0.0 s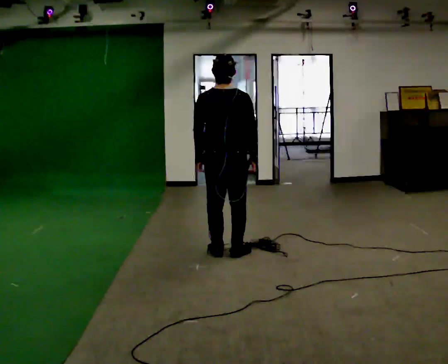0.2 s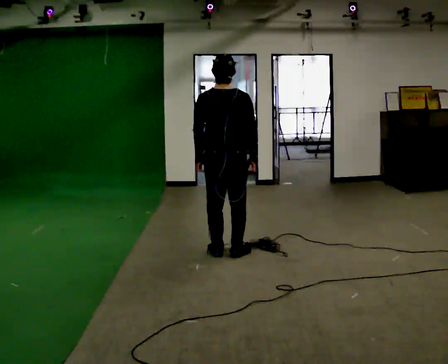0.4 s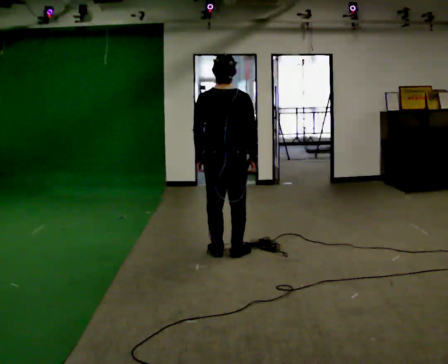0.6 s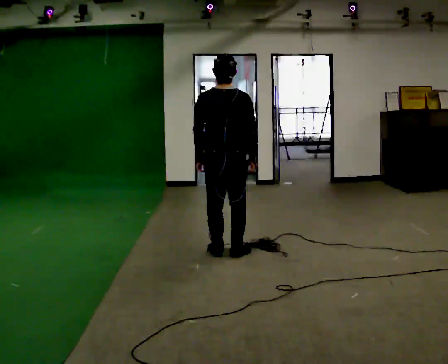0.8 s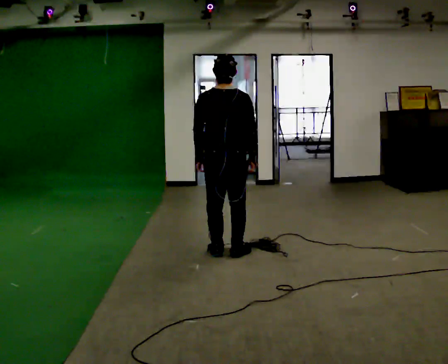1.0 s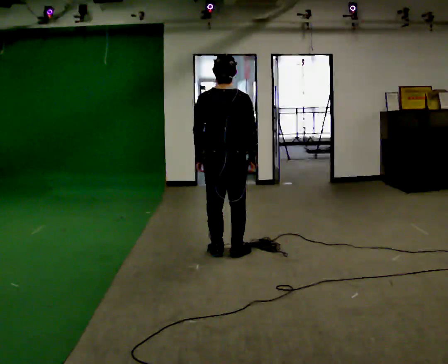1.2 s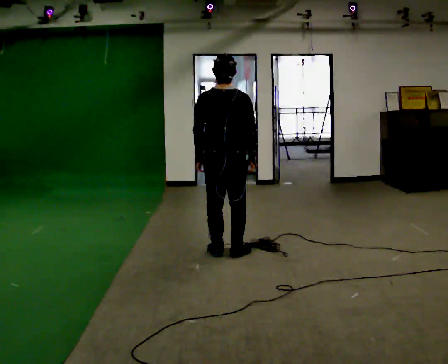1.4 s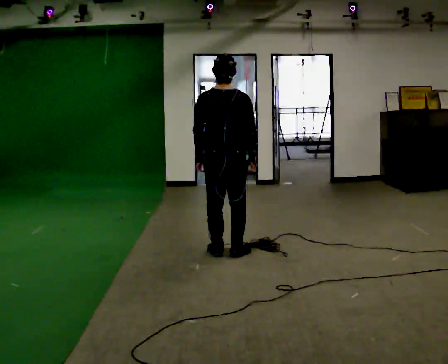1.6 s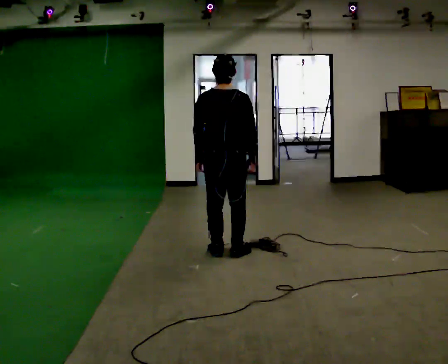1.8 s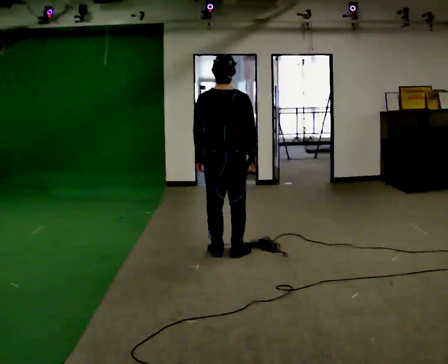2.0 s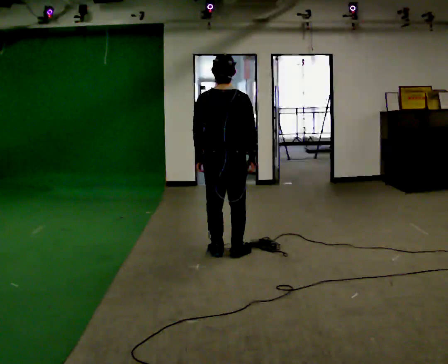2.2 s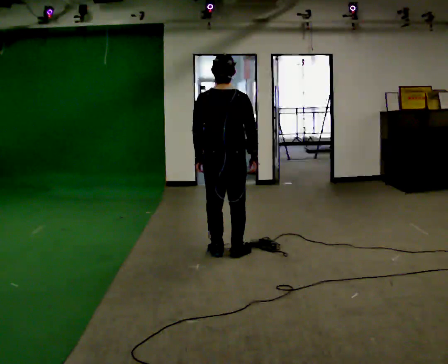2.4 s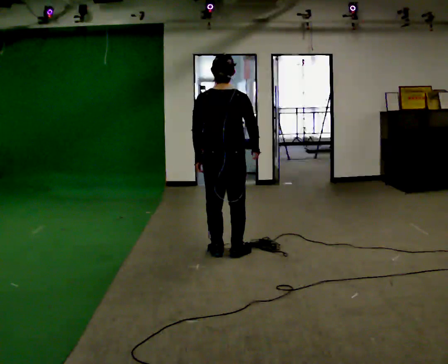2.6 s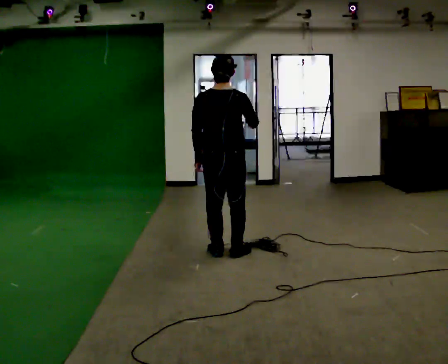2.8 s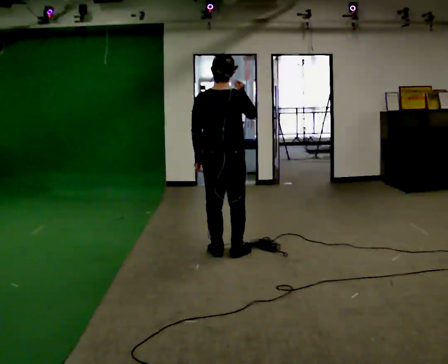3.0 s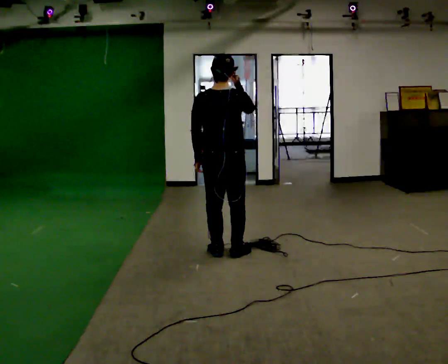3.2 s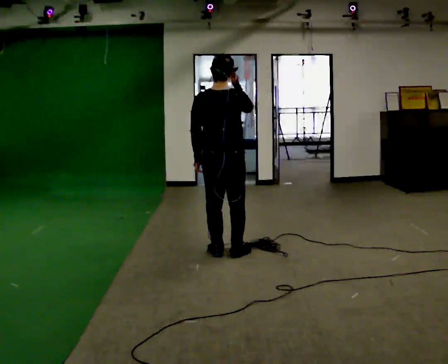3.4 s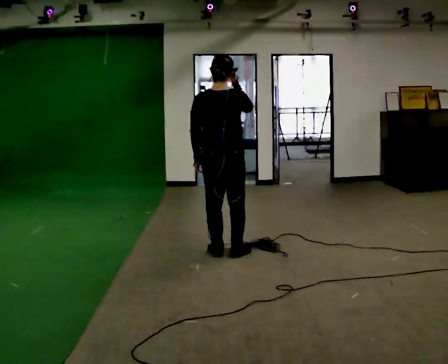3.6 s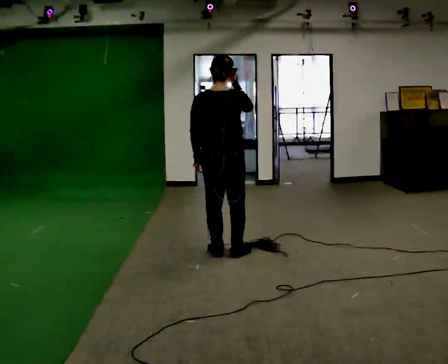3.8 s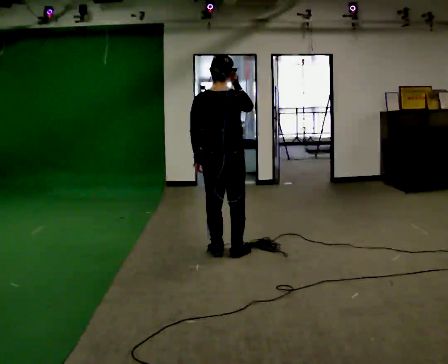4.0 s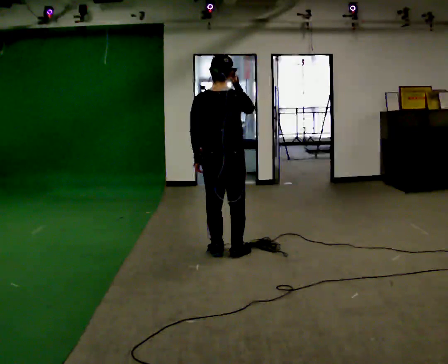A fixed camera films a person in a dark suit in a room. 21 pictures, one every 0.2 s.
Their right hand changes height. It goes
upward.
0.0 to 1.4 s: The person keeps their place and pose.
1.4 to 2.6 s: In the picture their right hand goes upward.
2.6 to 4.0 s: The person moves a little, or ends about where they began.
The film runs forward here.
